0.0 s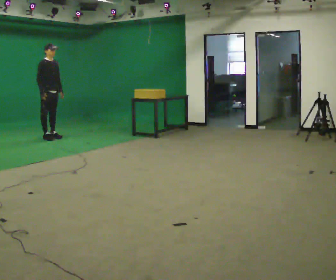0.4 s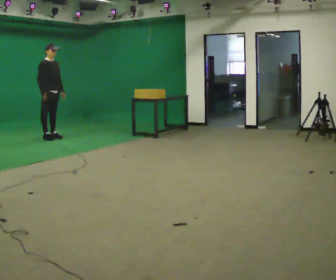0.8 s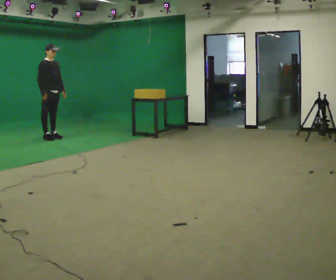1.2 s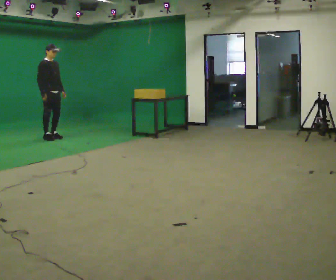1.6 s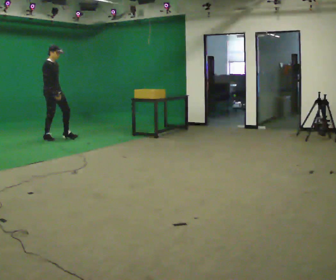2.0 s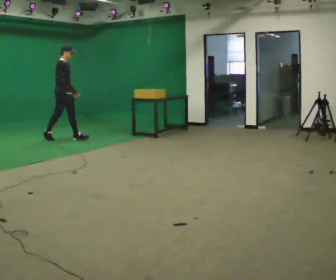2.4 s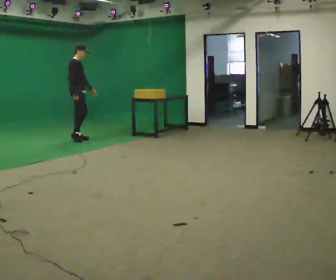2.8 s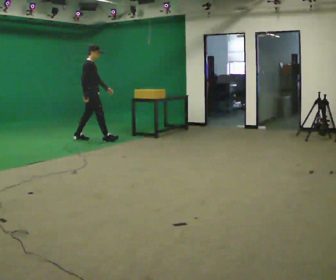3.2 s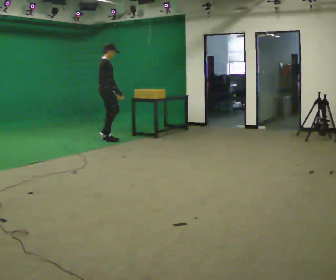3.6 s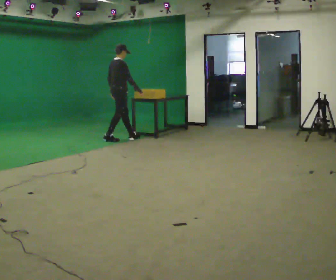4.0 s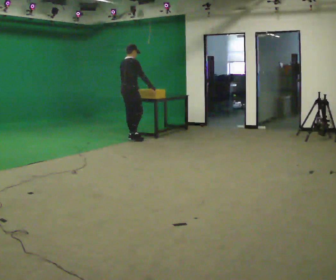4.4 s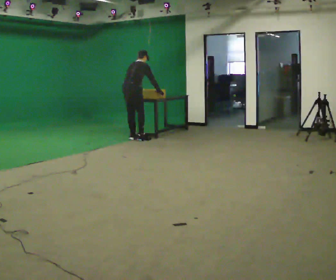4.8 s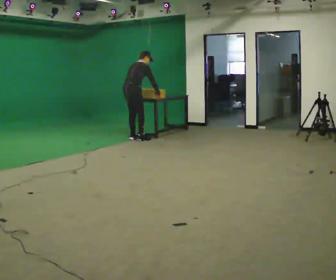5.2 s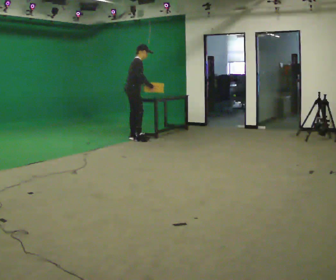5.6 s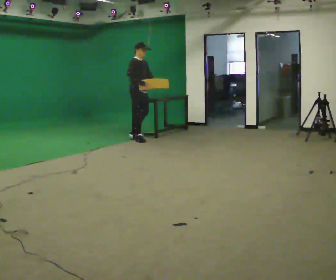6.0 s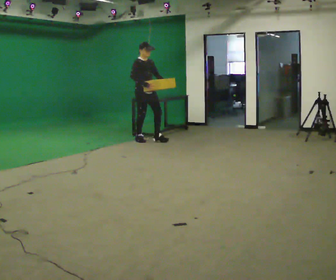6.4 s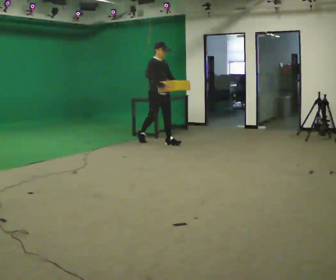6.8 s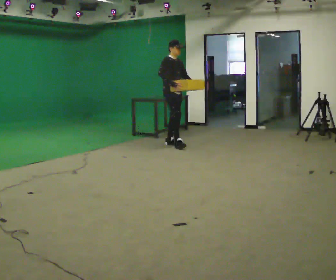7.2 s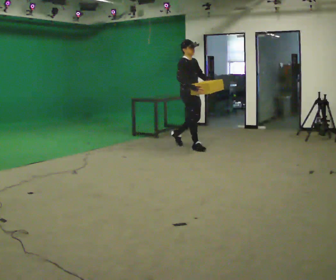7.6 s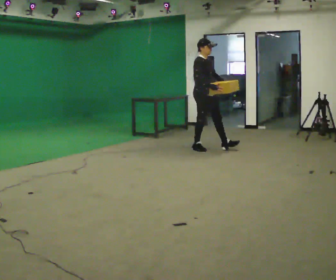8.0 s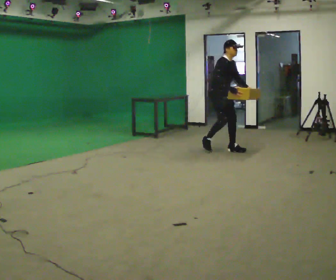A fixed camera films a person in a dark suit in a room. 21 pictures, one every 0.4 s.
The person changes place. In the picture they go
to the right.
0.0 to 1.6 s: In the picture their right hand goes to the right.
1.6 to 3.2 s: The person turns about 30 degrees to their left, counterclockwise seen from above, so the part of the body nearest the lens slides to the right. In the picture they go to the right, about 1 m in 2 steps, which for them is forward.
3.2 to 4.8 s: The person turns about 30 degrees to their left, counterclockwise seen from above, so the part of the body nearest the lens slides to the right. In the picture they go to the right, about 0.5 m in 2 steps, which for them is forward and to their right.
4.8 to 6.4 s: The part of the body nearest the lens slides to the left as the person turns to their right by about 90 degrees. In the picture they go to the right and toward the camera, about 0.5 m in 1 step. The upper body tips toward the camera, its near side rolling downward, as they lean back or straighten.
6.4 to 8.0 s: In the picture they go to the right and toward the camera, about 1 m in 2 steps, which for them is forward. In the picture the upper body tilts clockwise, shoulders to the right, as they bend forward.
The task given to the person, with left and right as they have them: Walk quickly but do not run; remain comfortable and controlled; stop.
The film runs forward here.
